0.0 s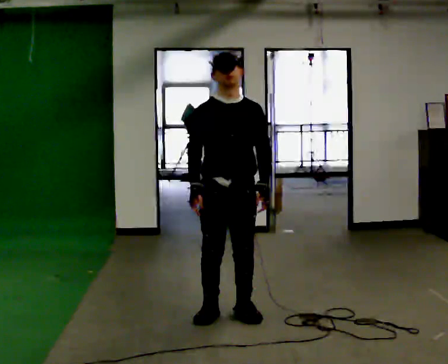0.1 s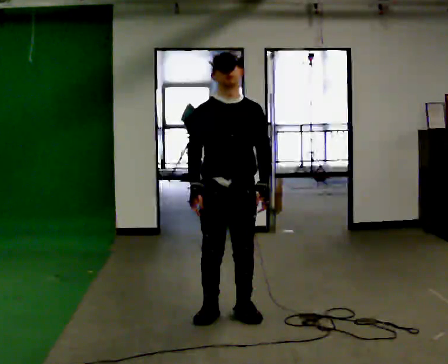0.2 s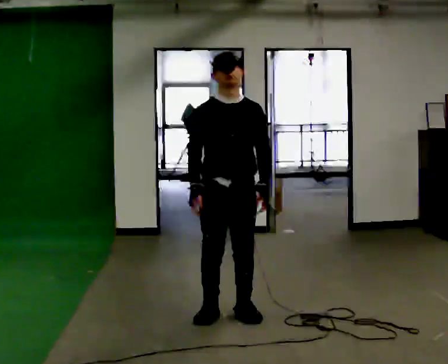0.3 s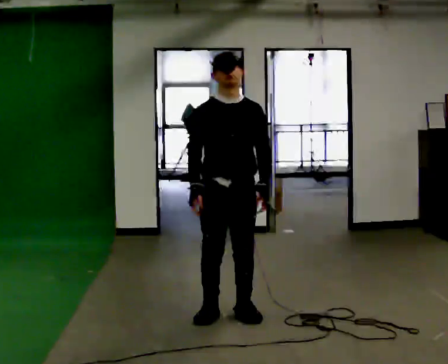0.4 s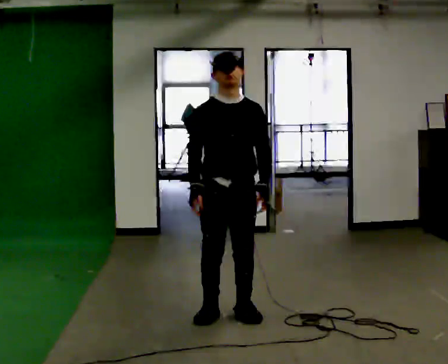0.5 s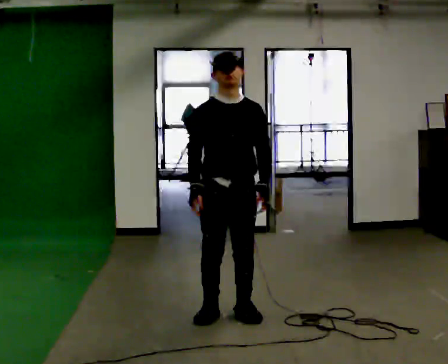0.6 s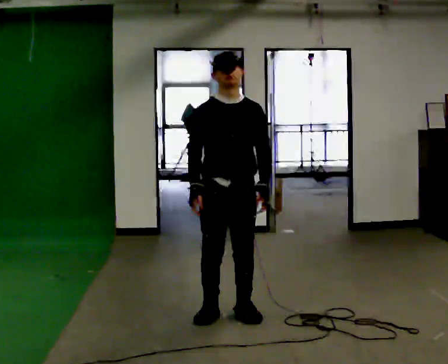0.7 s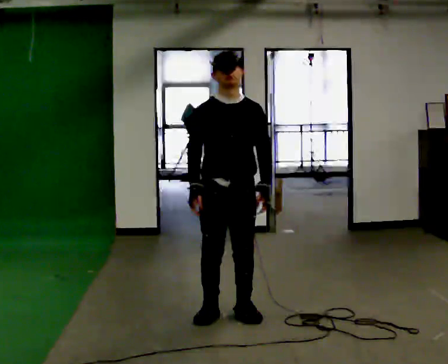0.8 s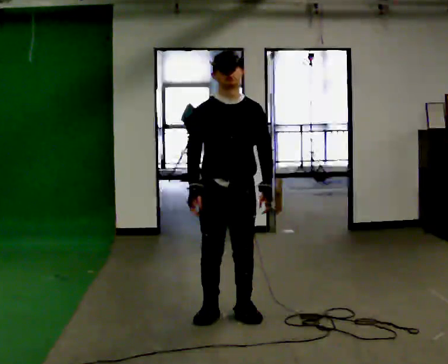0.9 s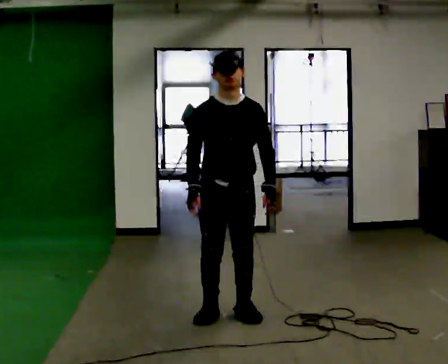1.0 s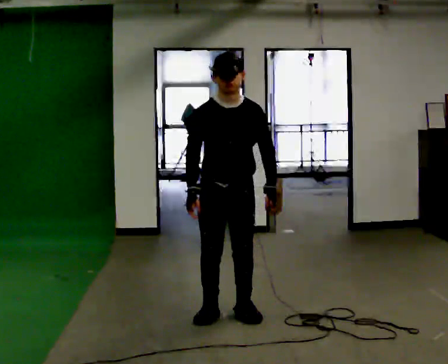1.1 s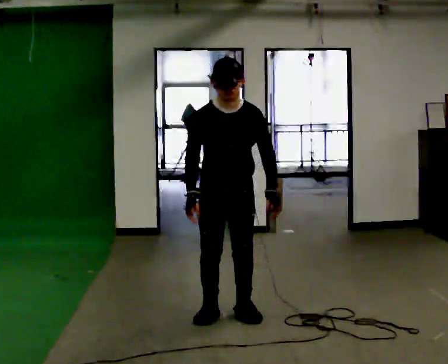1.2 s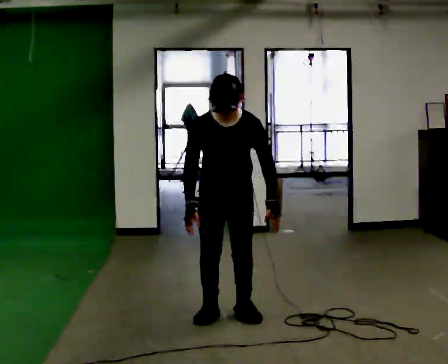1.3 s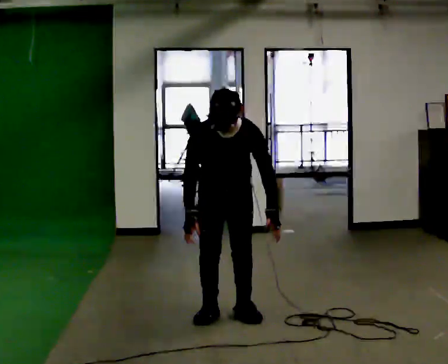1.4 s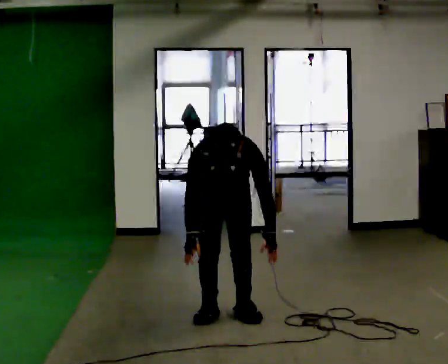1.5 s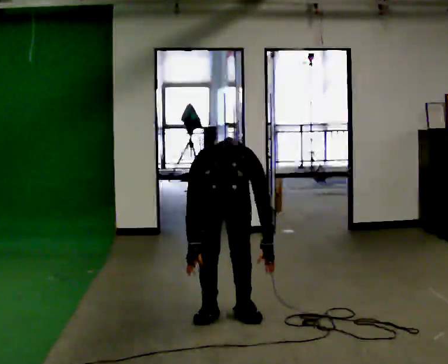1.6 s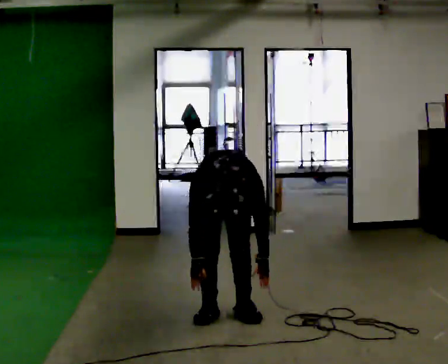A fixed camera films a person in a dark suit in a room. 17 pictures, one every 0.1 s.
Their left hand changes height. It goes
downward.
The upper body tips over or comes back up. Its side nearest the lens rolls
downward.
0.0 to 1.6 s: In the picture they go away from the camera, about 0.25 m, which for them is backward. The upper body goes downward. The upper body tips toward the camera, its near side rolling downward, as they bend forward. In the picture their right hand goes downward.
The film runs forward here.
